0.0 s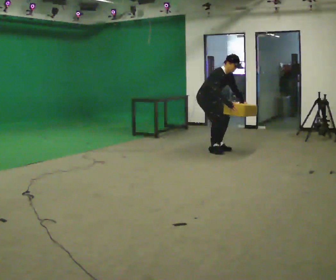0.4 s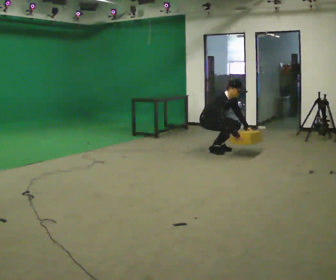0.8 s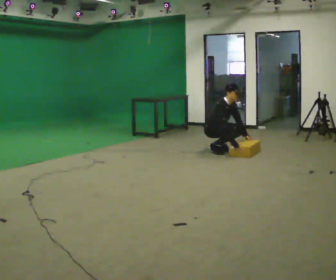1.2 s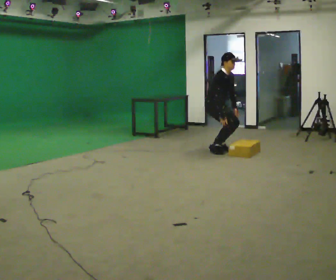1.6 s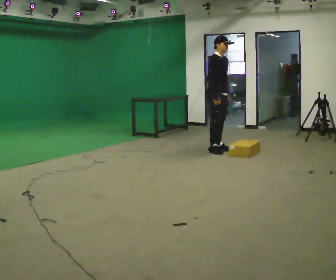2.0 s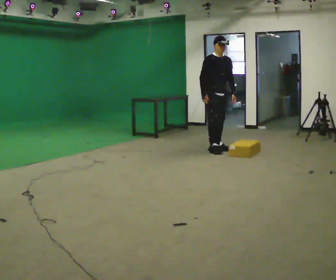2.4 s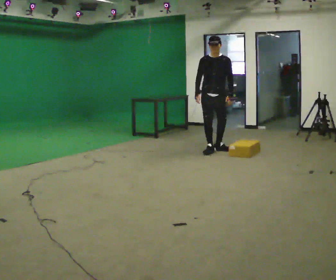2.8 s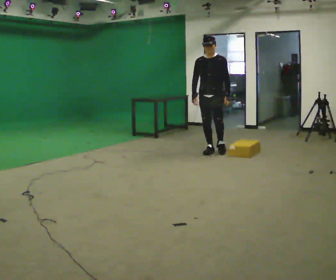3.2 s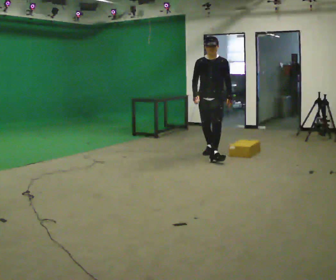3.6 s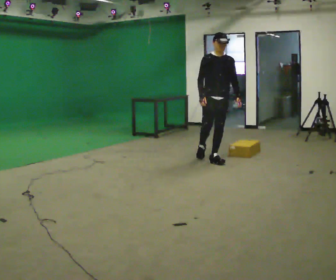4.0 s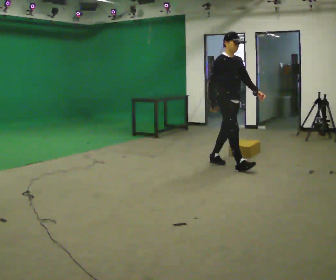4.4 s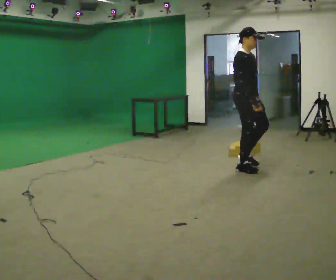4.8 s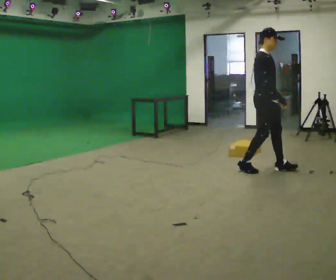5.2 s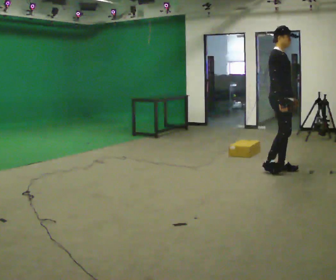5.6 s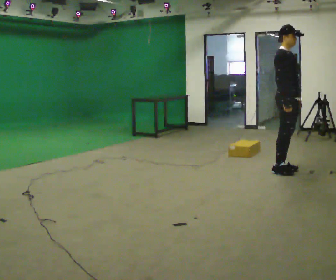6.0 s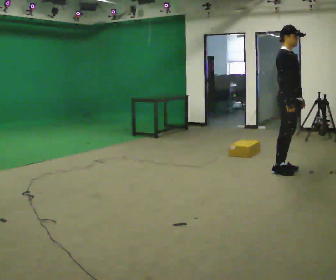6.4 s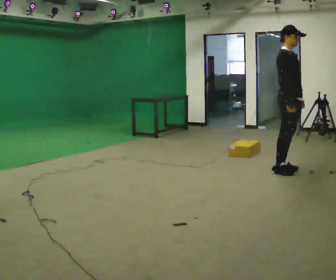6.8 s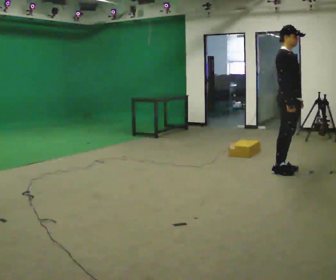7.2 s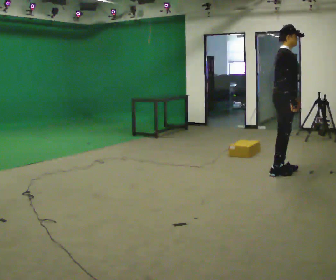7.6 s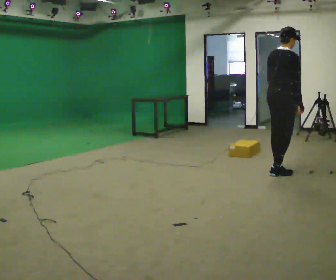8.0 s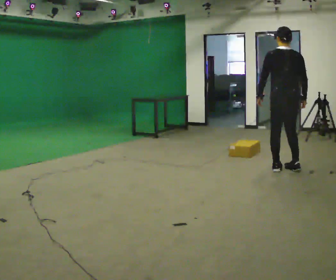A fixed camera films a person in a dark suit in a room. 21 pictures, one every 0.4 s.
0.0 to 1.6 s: In the picture they go to the right, about 0.25 m, which for them is forward. In the picture the upper body tilts counterclockwise, shoulders to the left, as they lean back or straighten.
1.6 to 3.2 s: The part of the body nearest the lens slides to the left as the person turns to their right by about 60 degrees. In the picture they go toward the camera, about 0.25 m.
3.2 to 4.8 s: The person turns about 75 degrees to their left, counterclockwise seen from above, so the part of the body nearest the lens slides to the right. In the picture they go toward the camera and to the right, about 1 m in 3 steps.
4.8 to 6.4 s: In the picture they go to the right, about 0.25 m in 1 step, which for them is forward.
6.4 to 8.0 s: Seen from above the body turns counterclockwise, about 120 degrees: to their left, with its near side sliding to the right. In the picture their left hand goes to the left, the arm swinging clockwise.
The film runs forward here.
